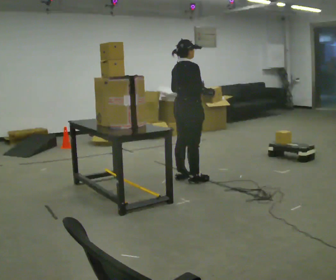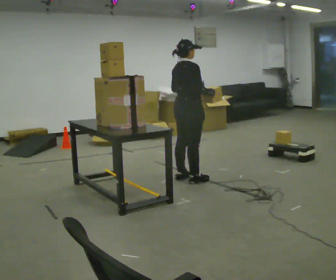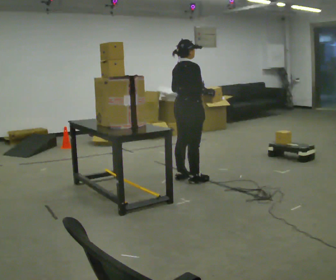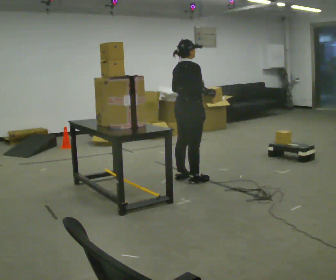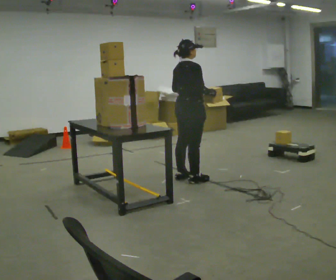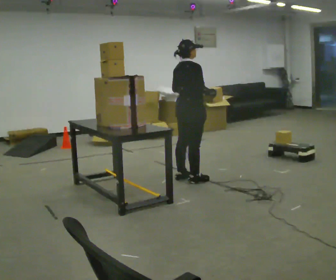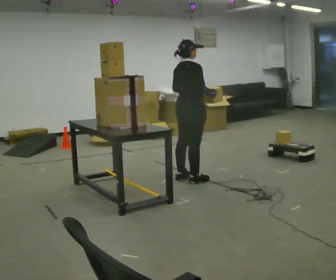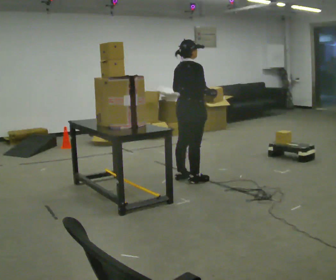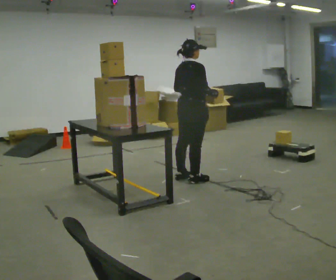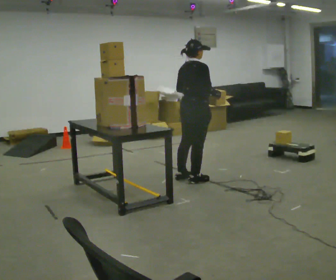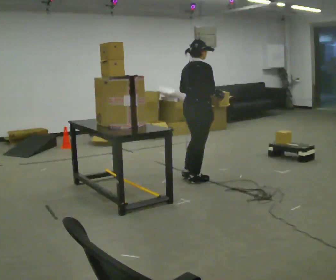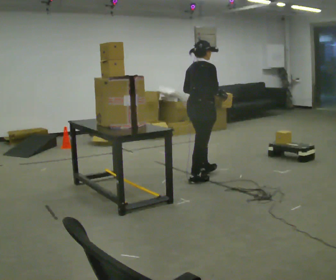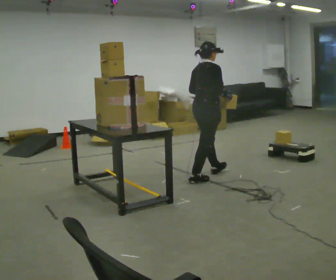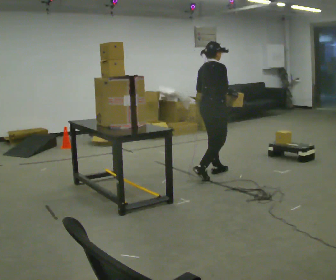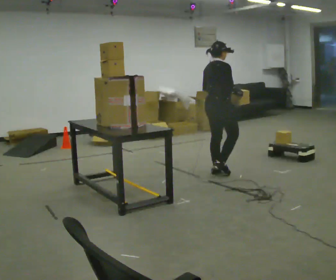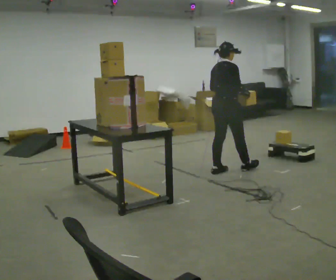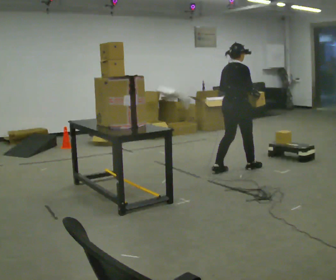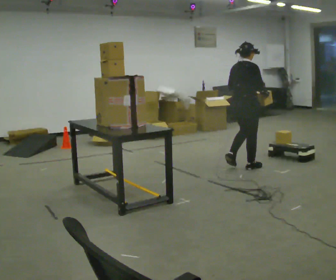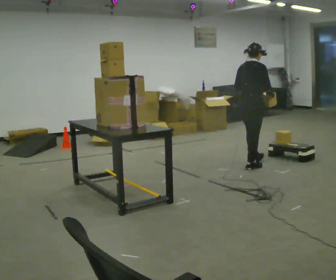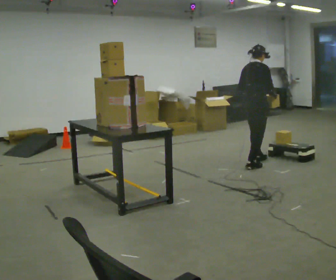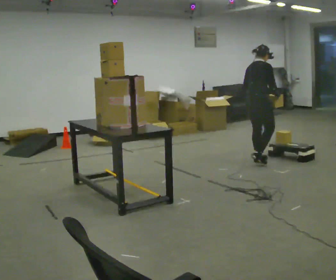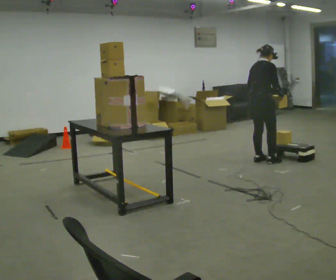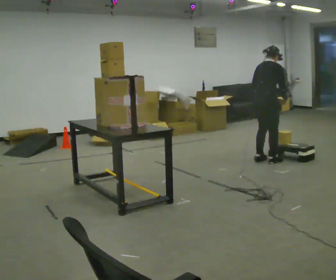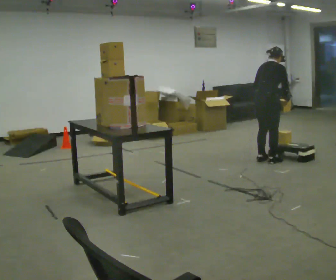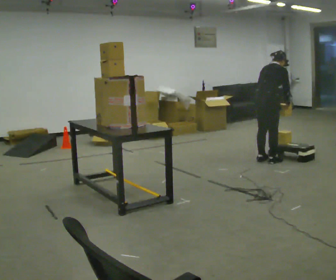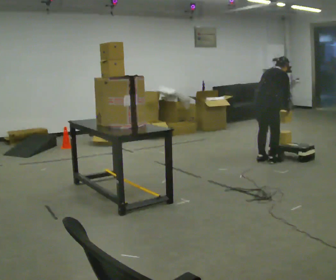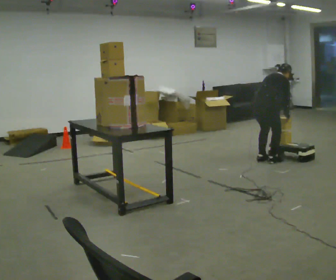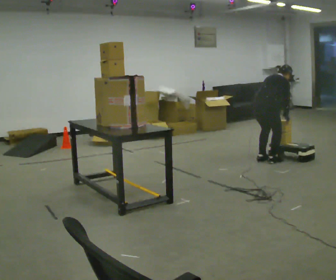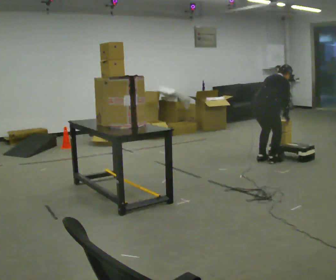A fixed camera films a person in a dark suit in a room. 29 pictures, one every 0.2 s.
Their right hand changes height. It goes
downward.
0.0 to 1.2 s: The person keeps their place and pose.
1.2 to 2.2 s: The person moves a little, or ends about where they began.
2.2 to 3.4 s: In the picture they go to the right and away from the camera, about 0.5 m in 2 steps, which for them is forward.
3.4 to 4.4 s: In the picture they go to the right and away from the camera, about 0.5 m in 2 steps, which for them is forward.
4.4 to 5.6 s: The shoulders move downward. In the picture the upper body tilts clockwise, shoulders to the right, as they bend forward.
The film runs forward here.
